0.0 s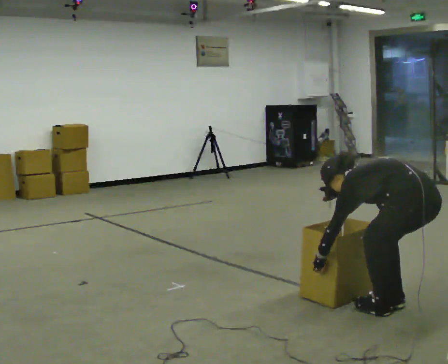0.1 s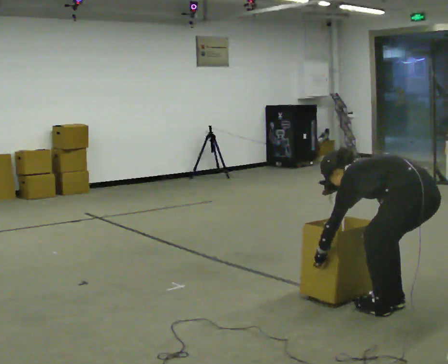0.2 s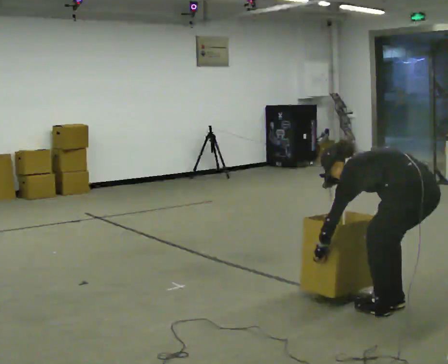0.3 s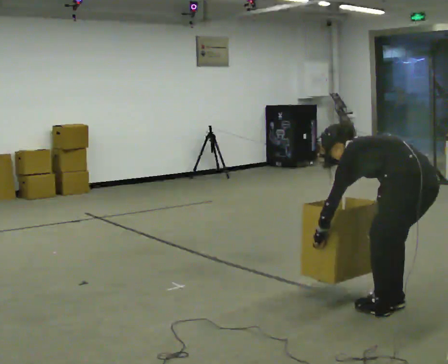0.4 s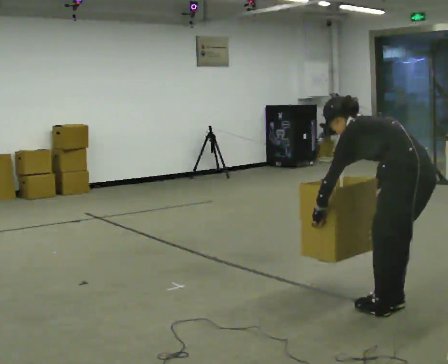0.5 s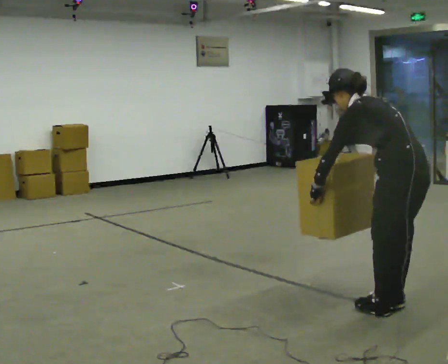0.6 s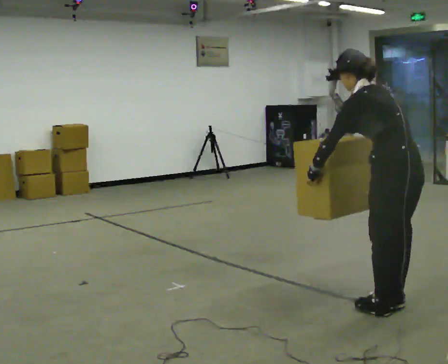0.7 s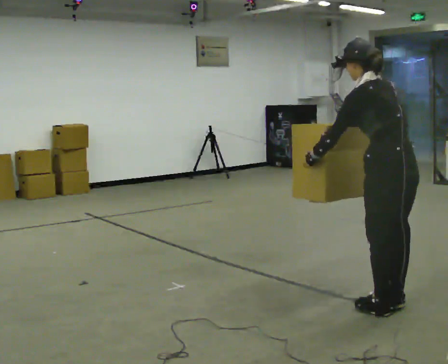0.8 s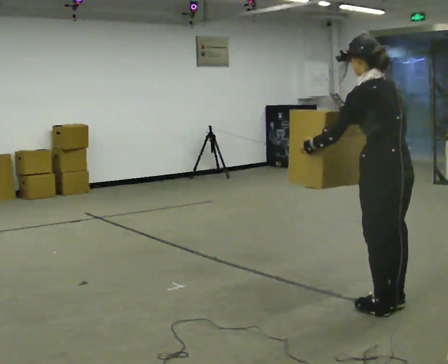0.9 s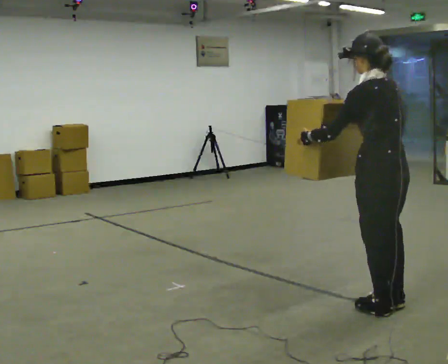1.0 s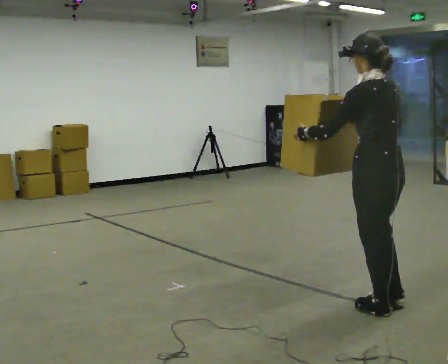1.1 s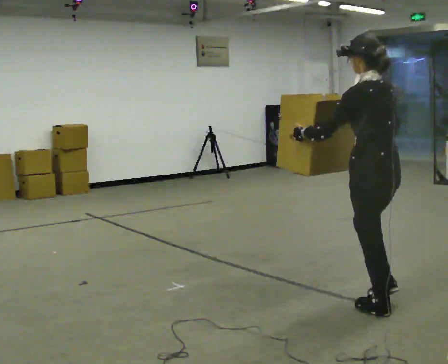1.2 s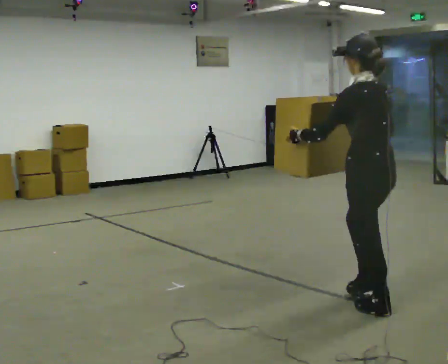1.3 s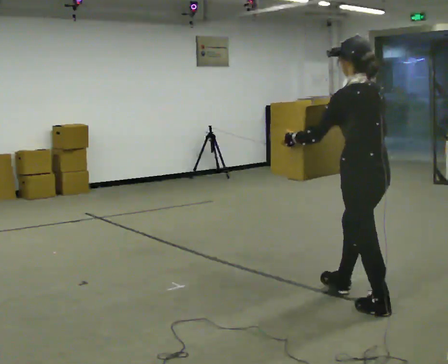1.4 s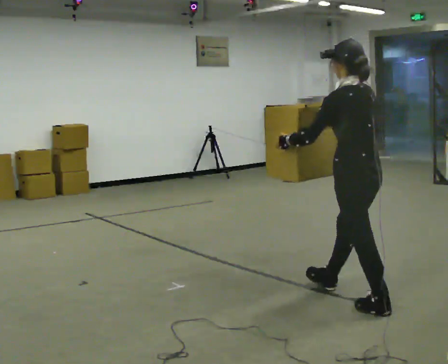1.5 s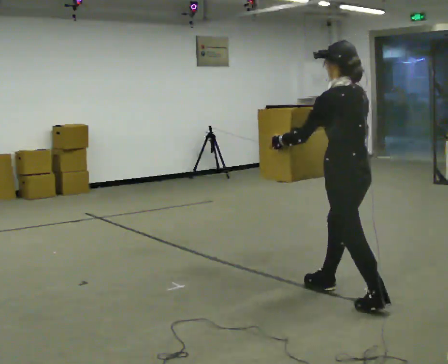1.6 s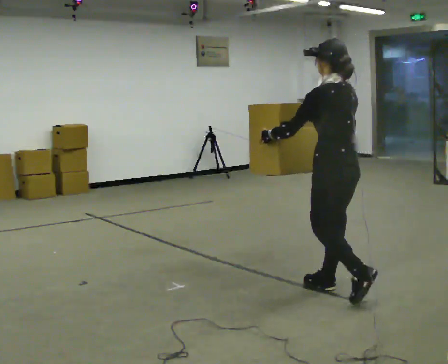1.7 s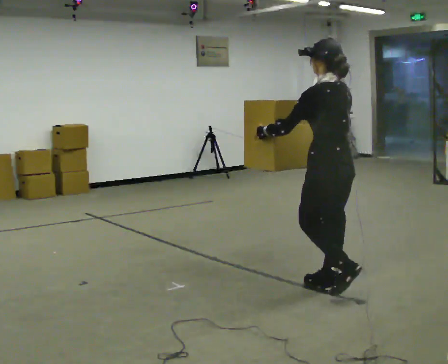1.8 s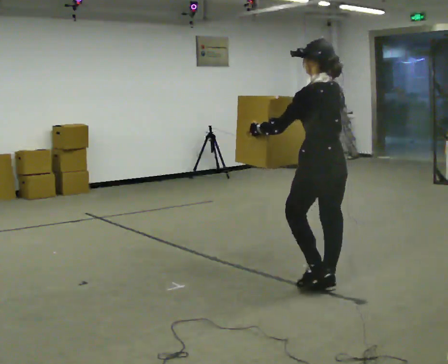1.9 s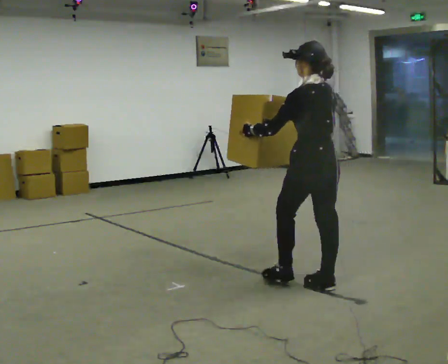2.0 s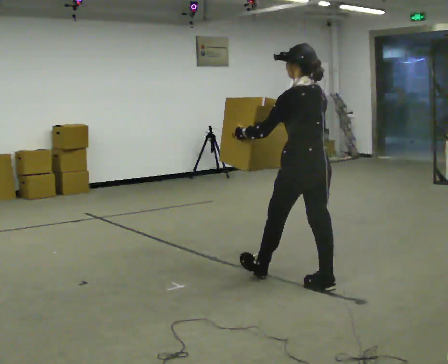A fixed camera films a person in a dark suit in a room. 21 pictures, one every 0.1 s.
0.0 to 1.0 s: In the picture they go to the left, about 0.25 m, which for them is forward. The upper body goes upward. In the picture the upper body tilts clockwise, shoulders to the right, as they lean back or straighten. In the picture their right hand goes upward.
1.0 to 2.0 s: In the picture they go to the left and away from the camera, about 0.75 m in 1 step, which for them is forward.
The film runs forward here.
